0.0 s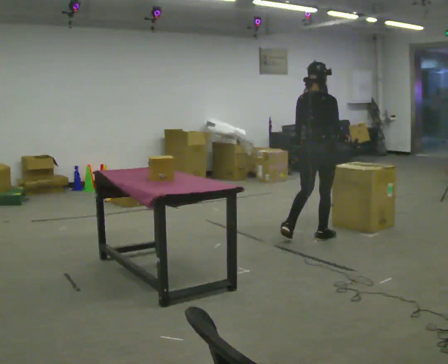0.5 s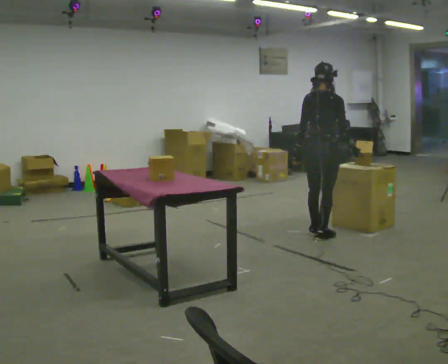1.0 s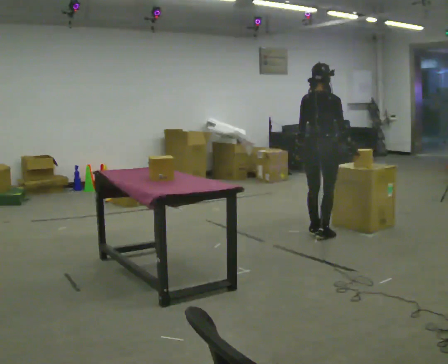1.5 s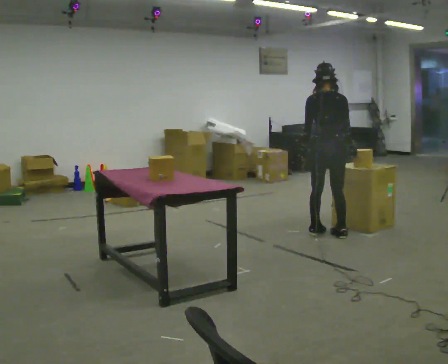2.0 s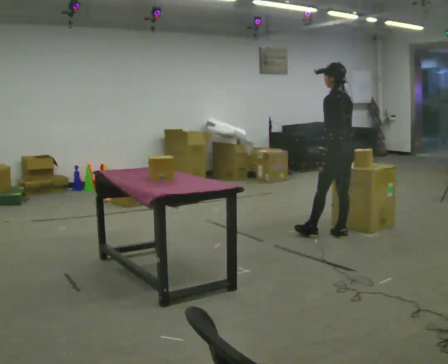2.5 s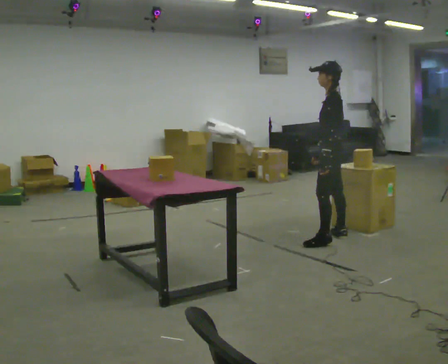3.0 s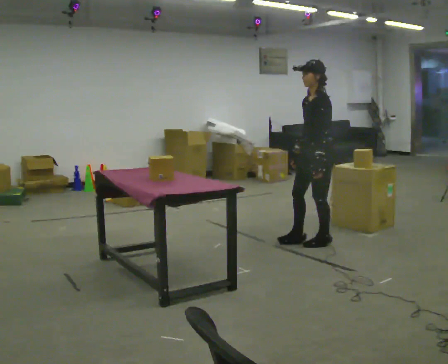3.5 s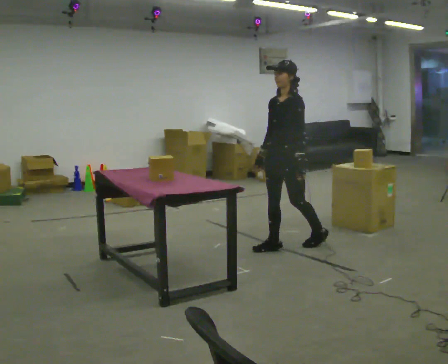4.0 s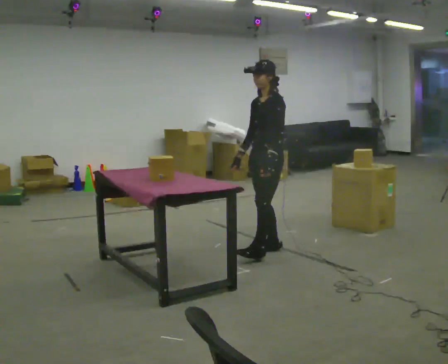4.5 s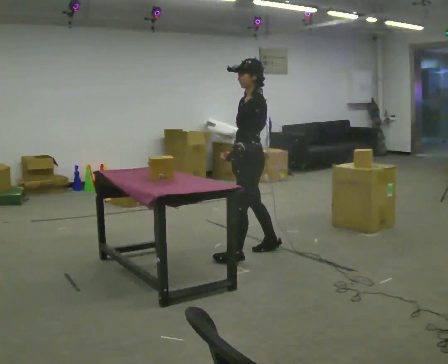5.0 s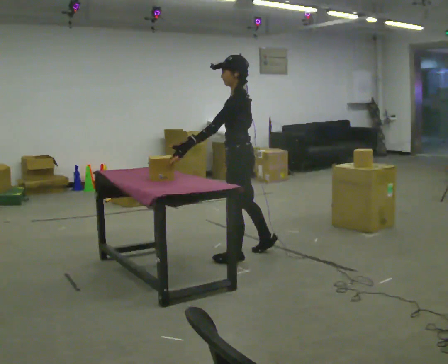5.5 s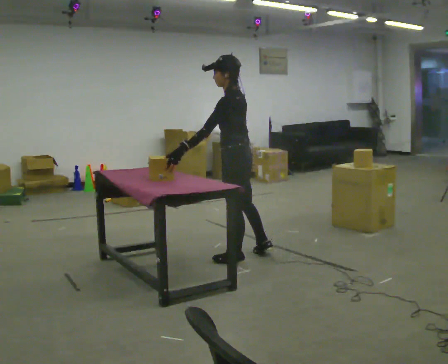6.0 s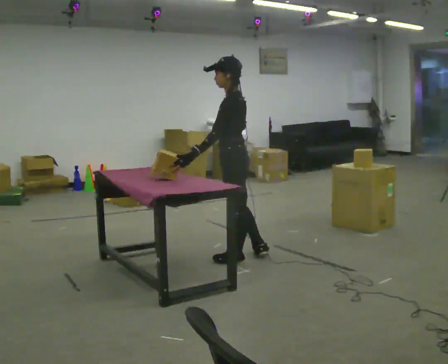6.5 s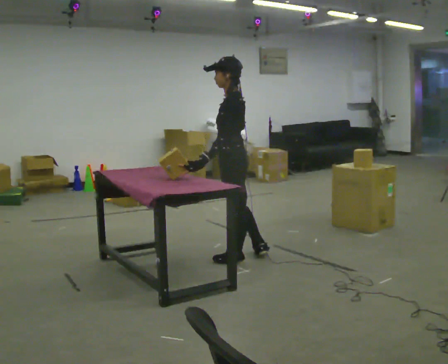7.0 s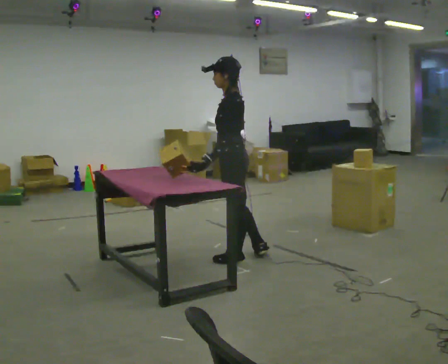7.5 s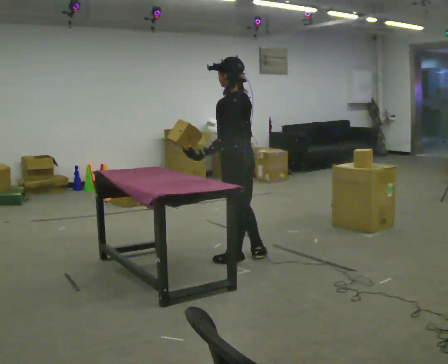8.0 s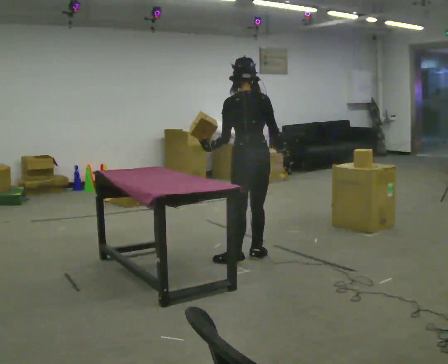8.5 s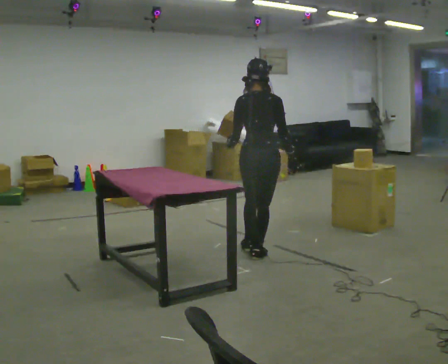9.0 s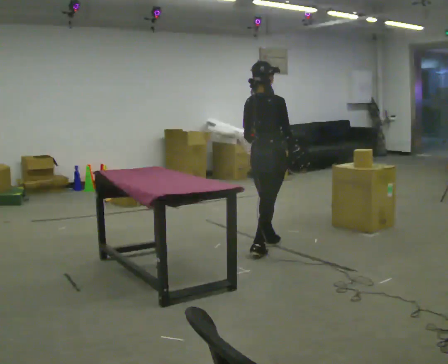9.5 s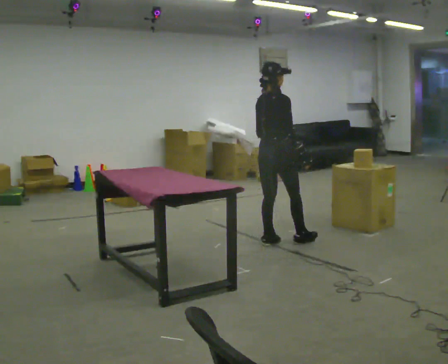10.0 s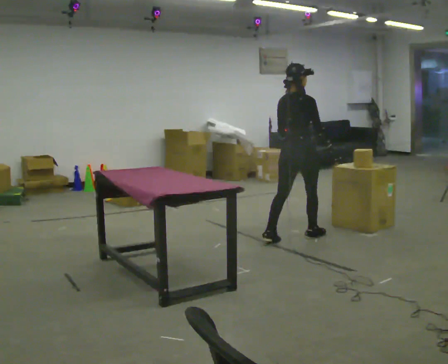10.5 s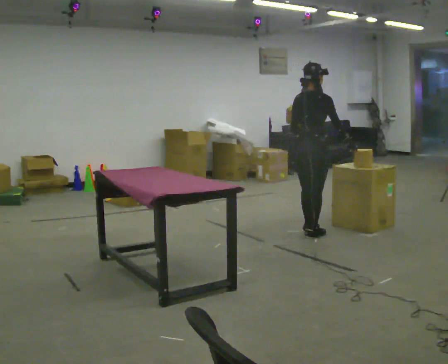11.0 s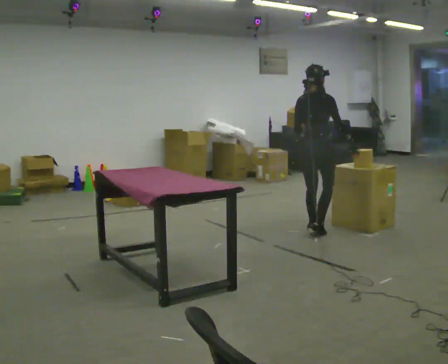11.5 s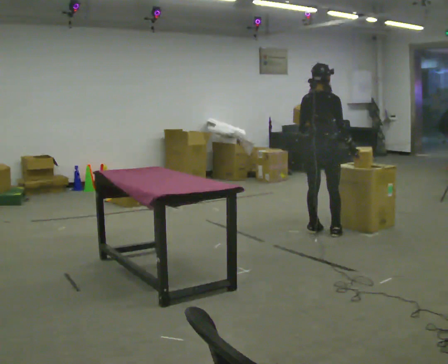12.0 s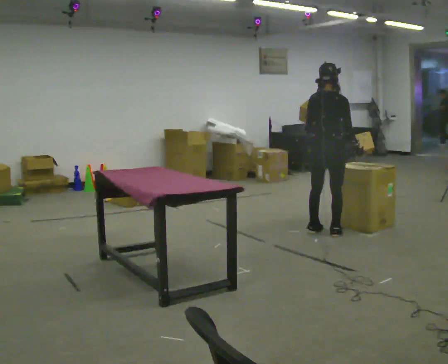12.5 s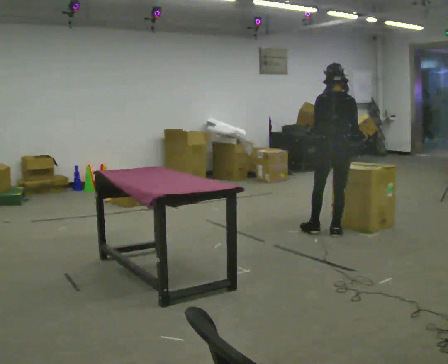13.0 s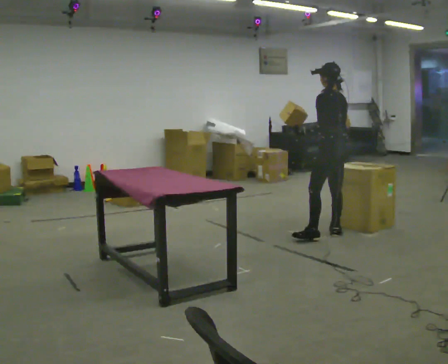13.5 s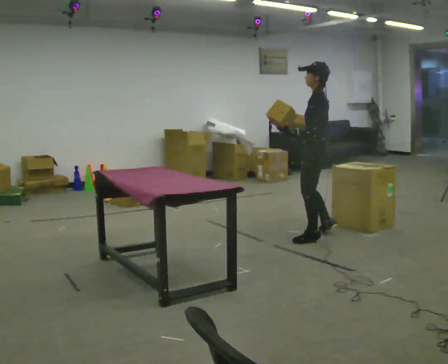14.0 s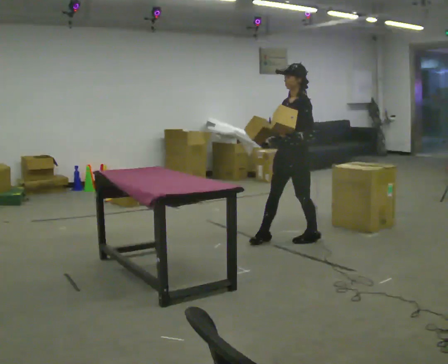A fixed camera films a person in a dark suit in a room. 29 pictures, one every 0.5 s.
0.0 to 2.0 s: The part of the body nearest the lens slides to the right as the person turns to their left by about 75 degrees. In the picture they go to the right, about 0.25 m in 2 steps.
2.0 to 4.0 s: The part of the body nearest the lens slides to the right as the person turns to their left by about 75 degrees. In the picture they go to the left and toward the camera, about 0.5 m in 2 steps.
4.0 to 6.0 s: The person turns about 45 degrees to their right, clockwise seen from above, so the part of the body nearest the lens slides to the left. In the picture they go toward the camera and to the left, about 0.5 m in 2 steps, which for them is to their left and forward.
6.0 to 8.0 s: The person turns about 60 degrees to their right, clockwise seen from above, so the part of the body nearest the lens slides to the left.
8.0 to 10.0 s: The part of the body nearest the lens slides to the left as the person turns to their right by about 60 degrees. In the picture they go away from the camera and to the right, about 0.5 m in 2 steps.
10.0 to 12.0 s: In the picture they go to the right, about 0.25 m in 2 steps, which for them is forward and to their right.
12.0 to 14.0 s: Seen from above the body turns counterclockwise, about 150 degrees: to their left, with its near side sliding to the right. In the picture they go to the left and toward the camera, about 0.5 m in 2 steps.
The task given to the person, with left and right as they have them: Hold two objects, then put just one of them on the shelf while still holding the other. Repeat at your own pace until the operator says stop. Keep both feet on the marked spots for the whole take. If you have to step, stop and tell the operator.
The film runs forward here.
